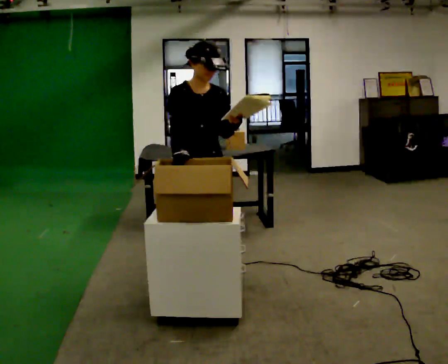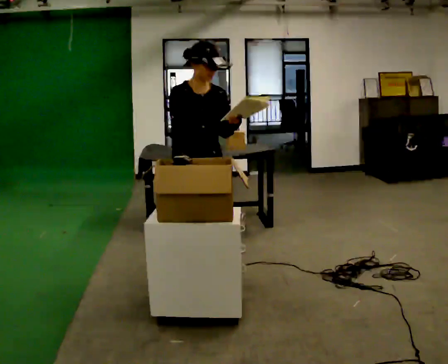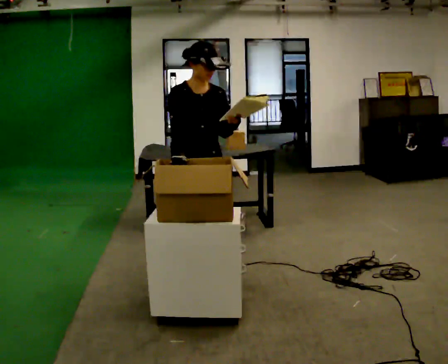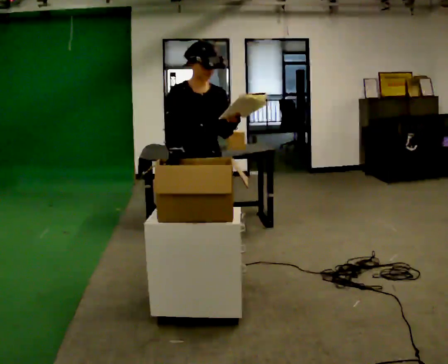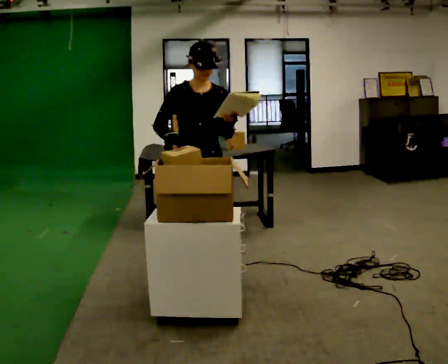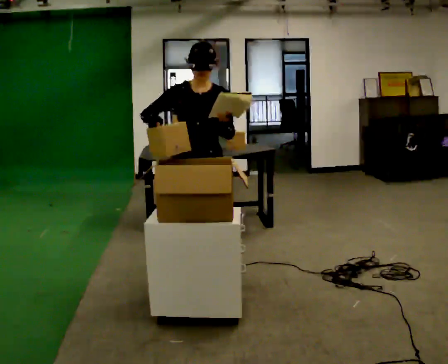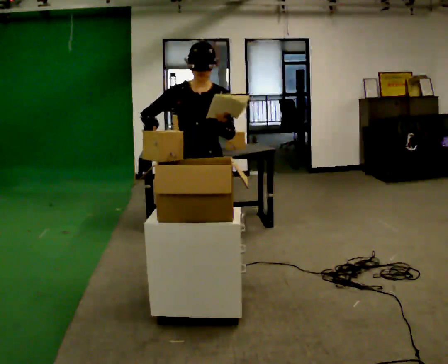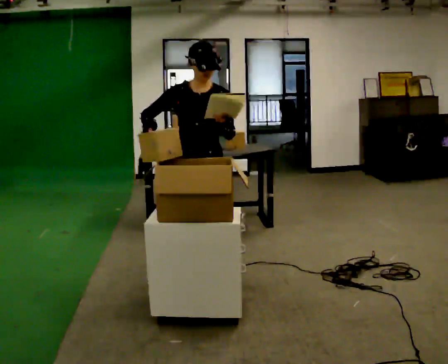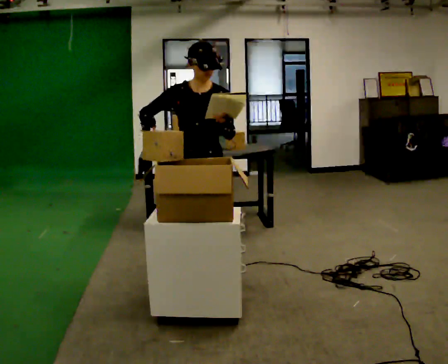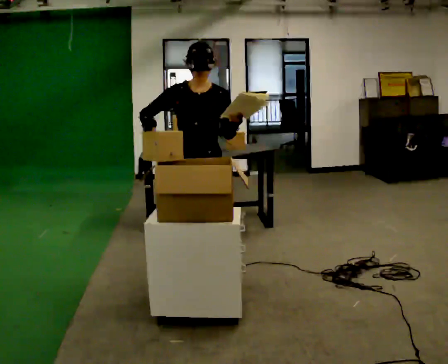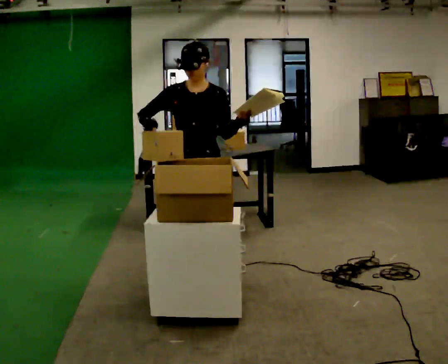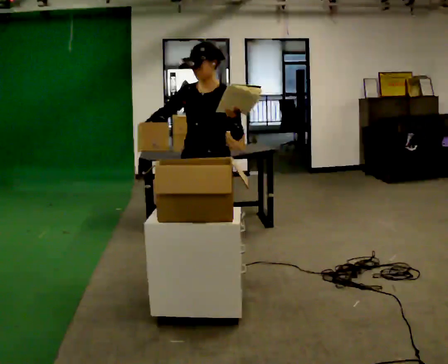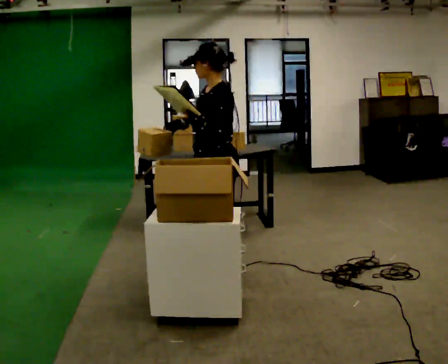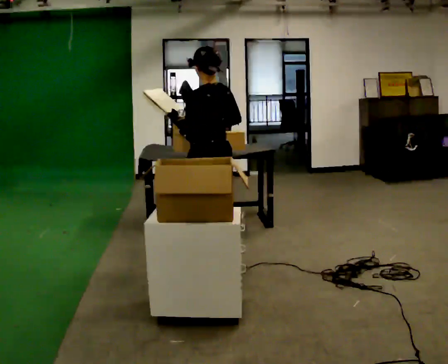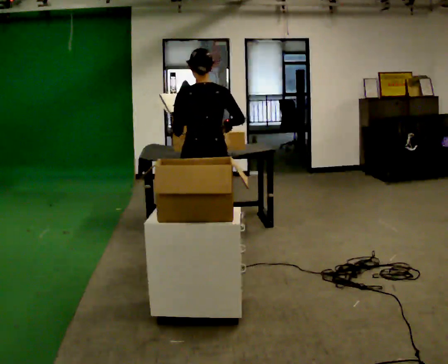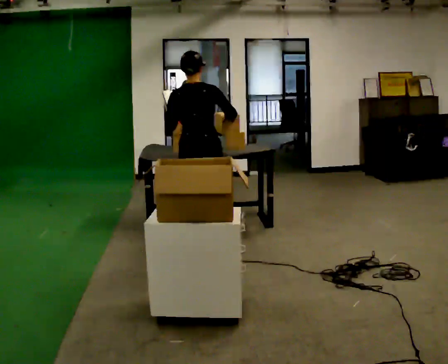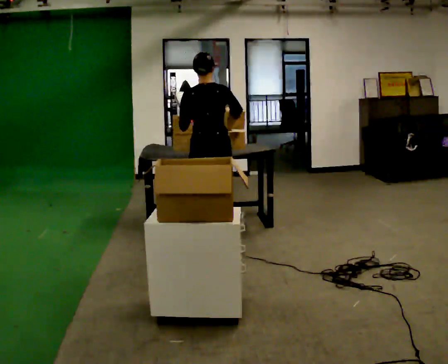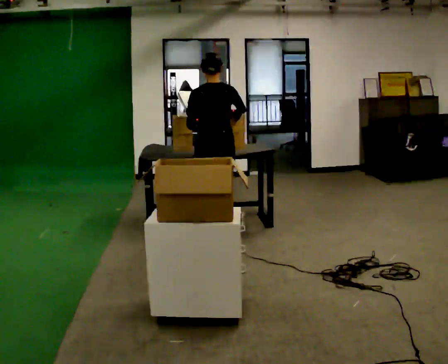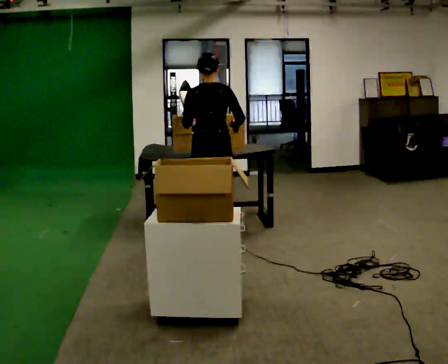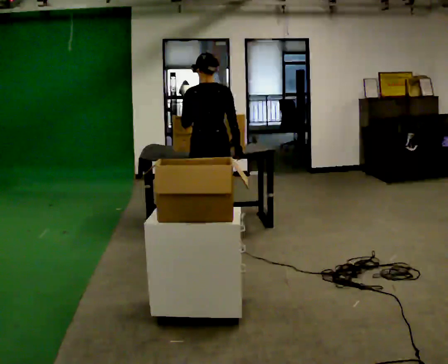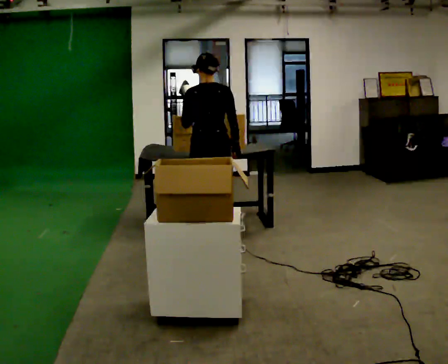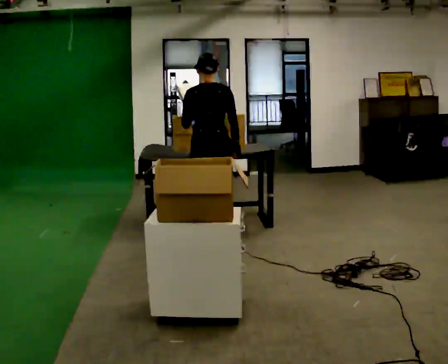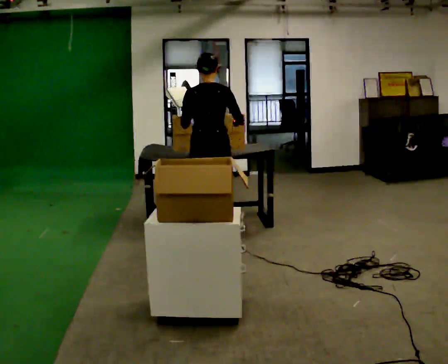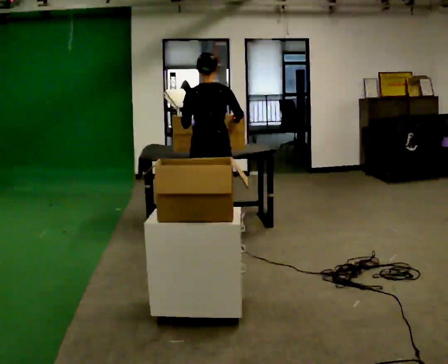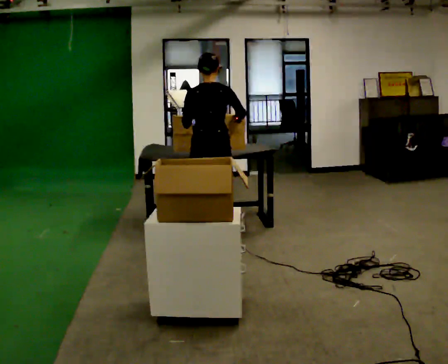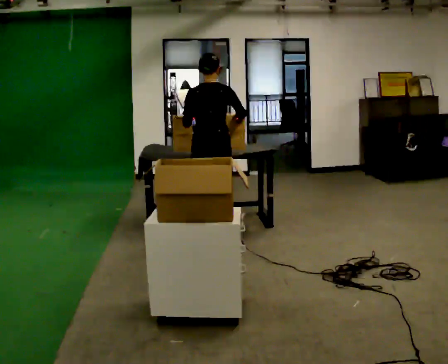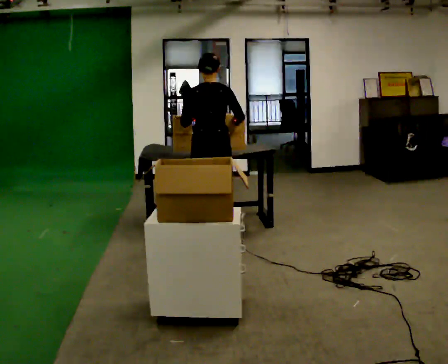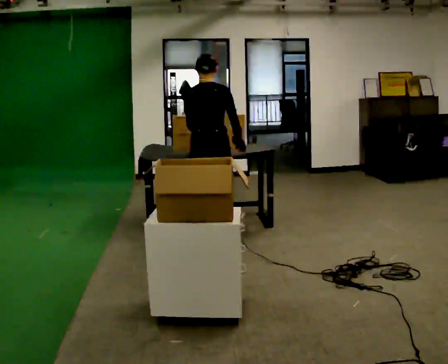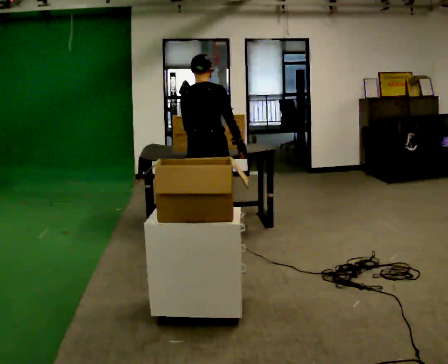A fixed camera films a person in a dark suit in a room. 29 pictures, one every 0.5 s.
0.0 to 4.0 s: The person moves a little, or ends about where they began.
4.0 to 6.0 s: The person turns about 90 degrees to their right, clockwise seen from above, so the part of the body nearest the lens slides to the left.
6.0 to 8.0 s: The part of the body nearest the lens slides to the left as the person turns to their right by about 90 degrees. In the picture they go away from the camera, about 0.5 m in 2 steps.
8.0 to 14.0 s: The person moves a little, or ends about where they began.
The film runs forward here.
